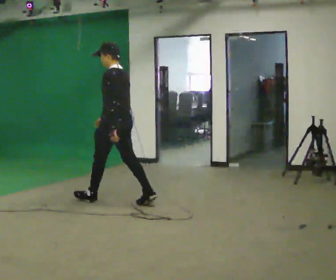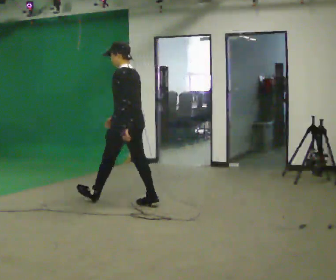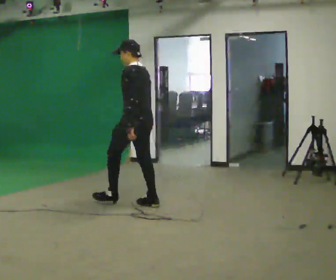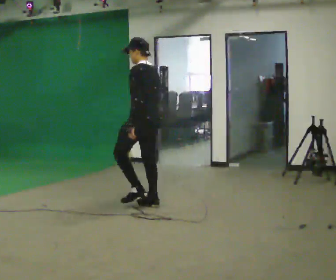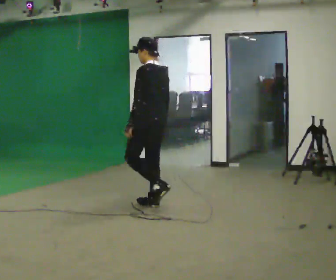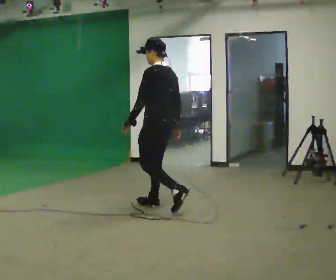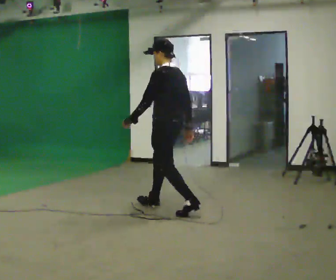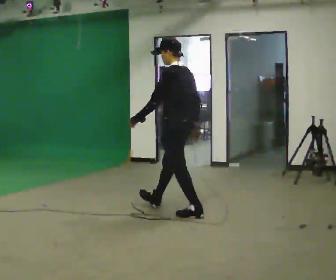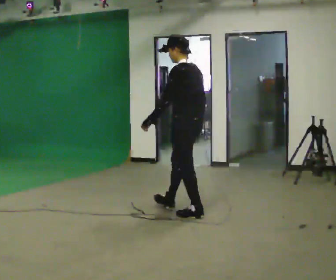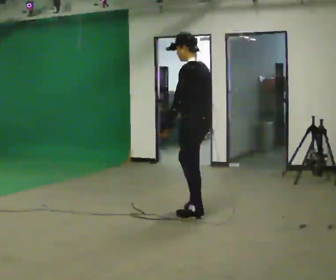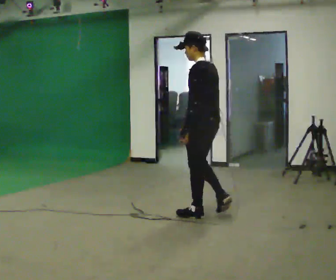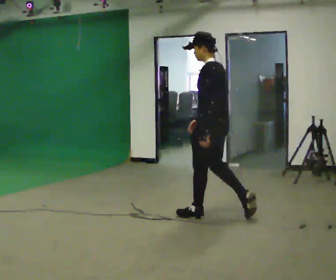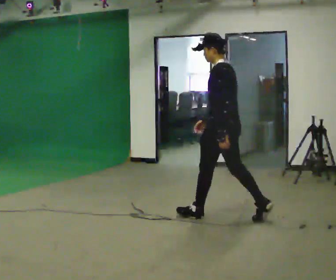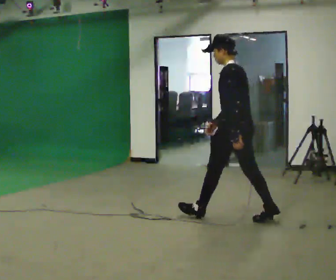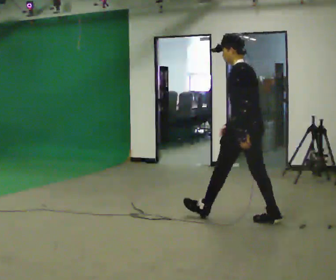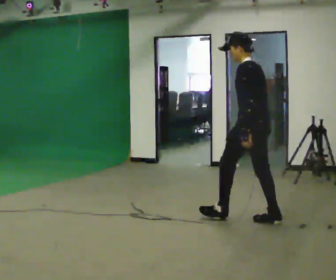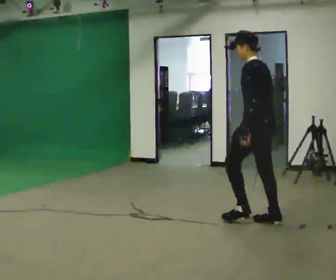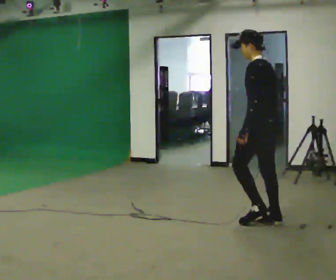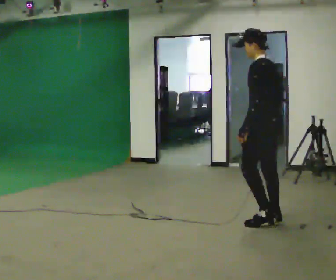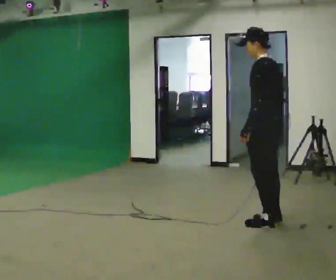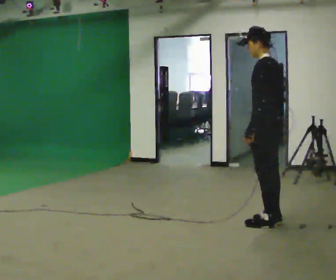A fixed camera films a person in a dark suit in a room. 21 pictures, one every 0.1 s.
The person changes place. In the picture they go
to the right.
0.0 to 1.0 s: In the picture they go to the right and toward the camera, about 1 m in 2 steps, which for them is backward.
1.0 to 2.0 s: In the picture they go to the right and toward the camera, about 0.75 m in 1 step, which for them is backward.
The film runs backward here.
